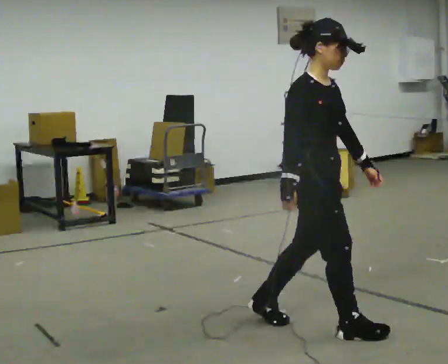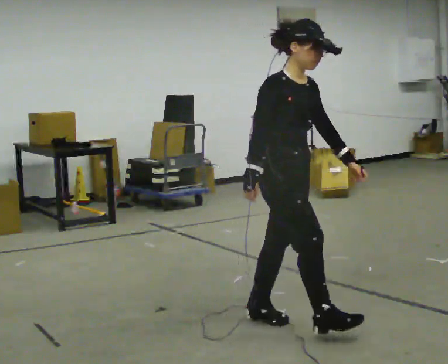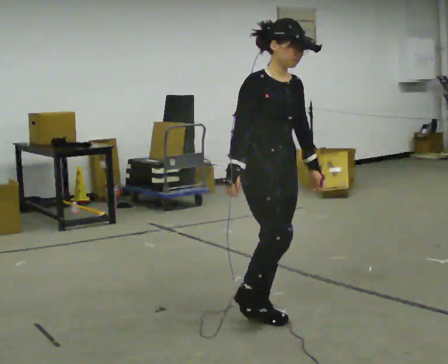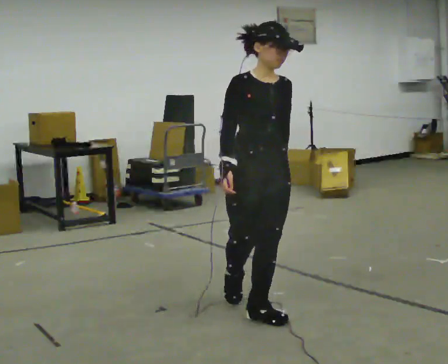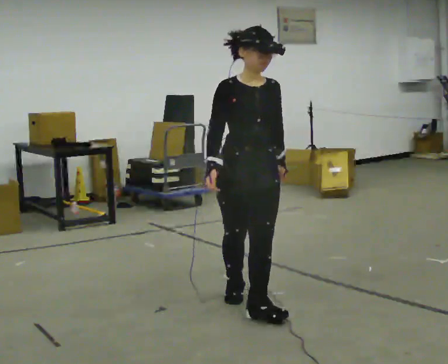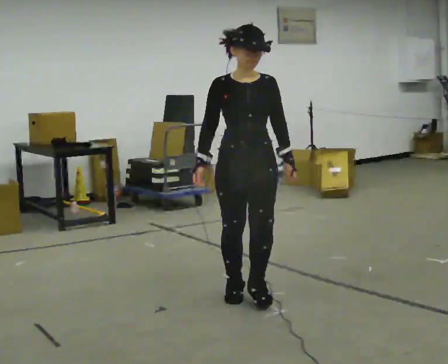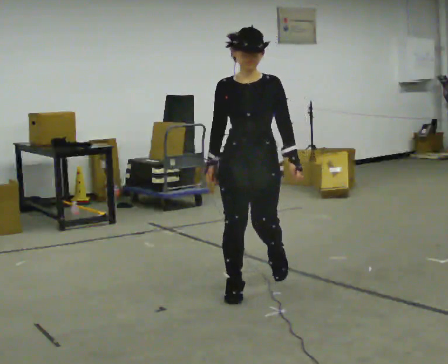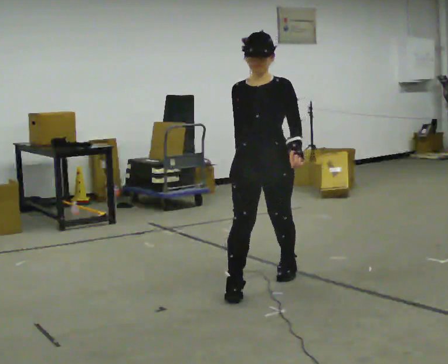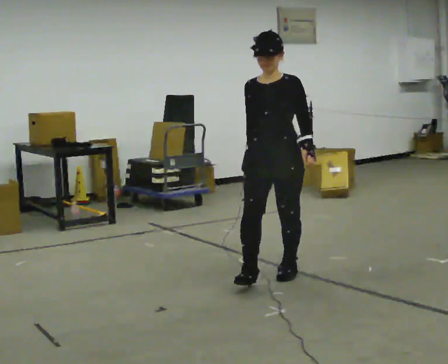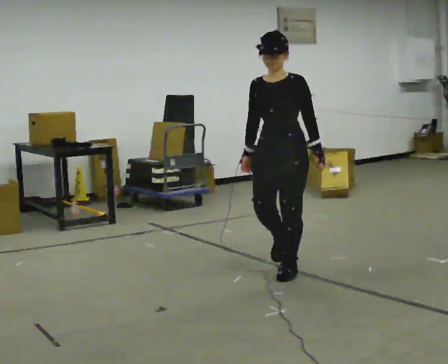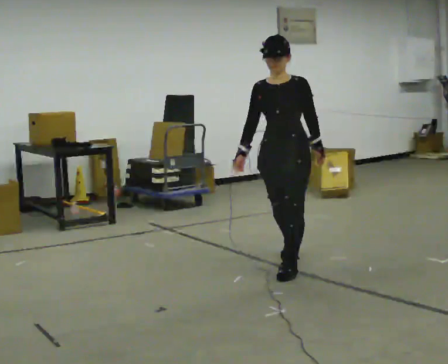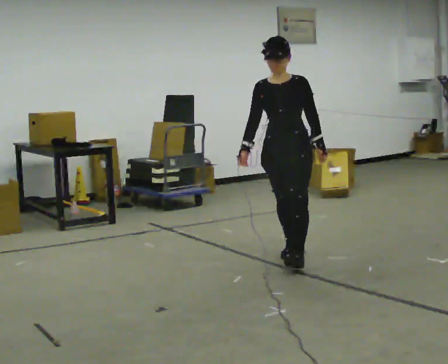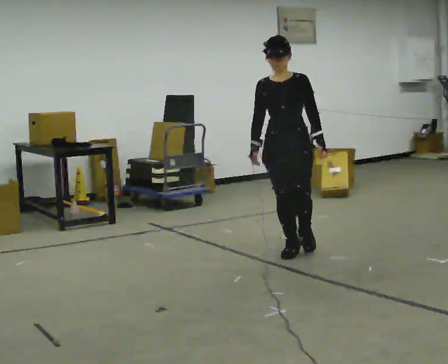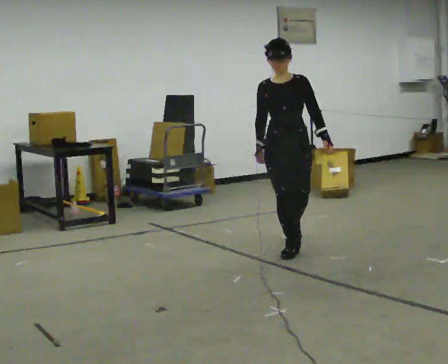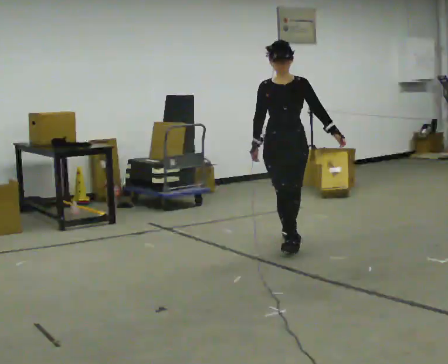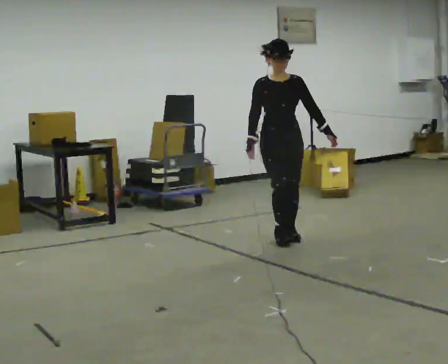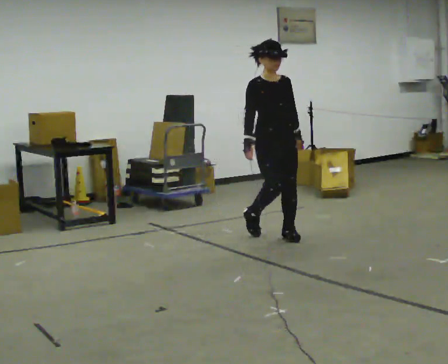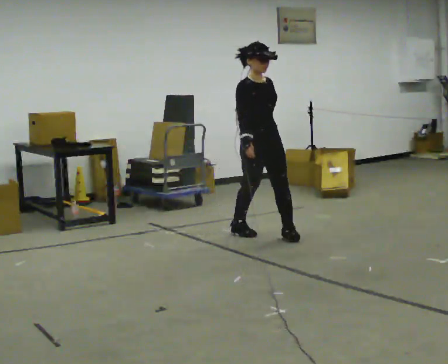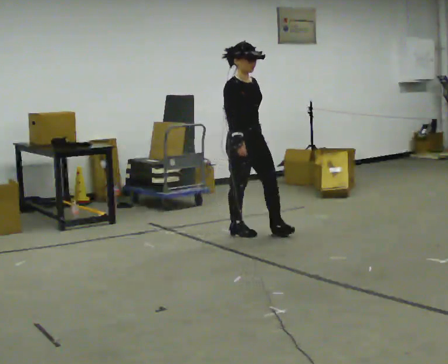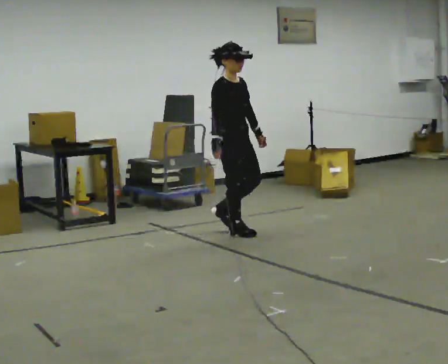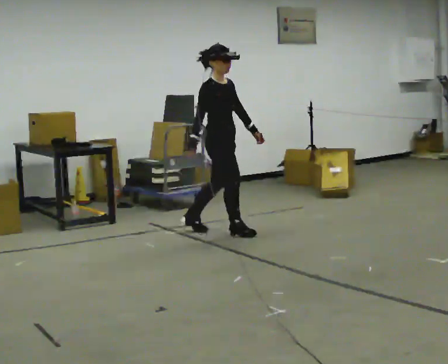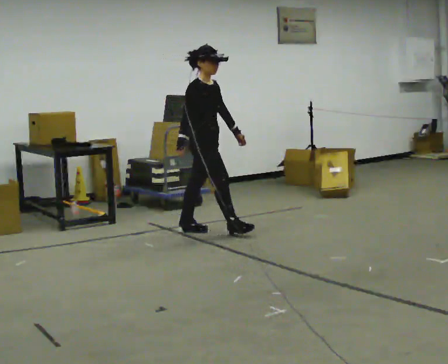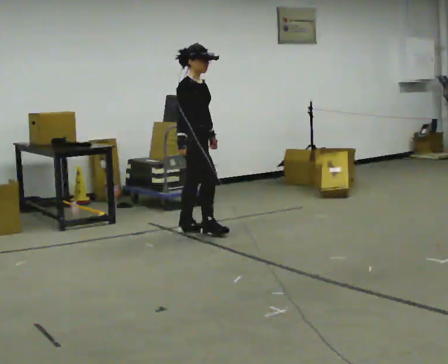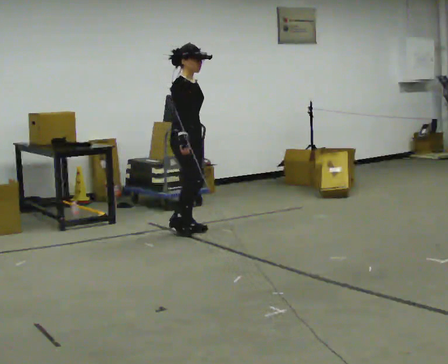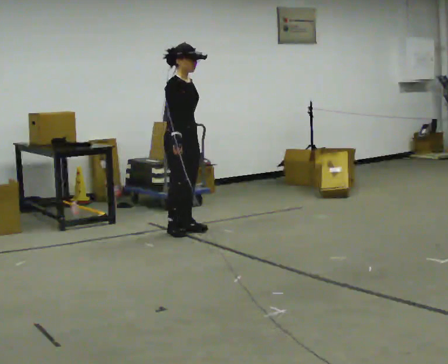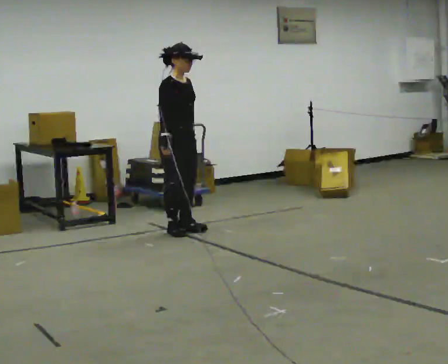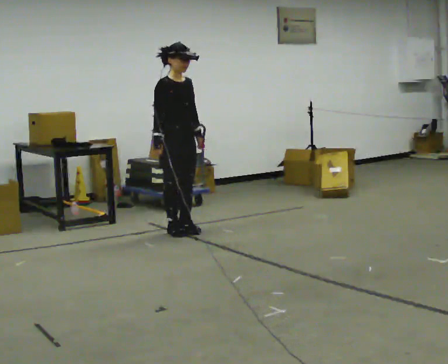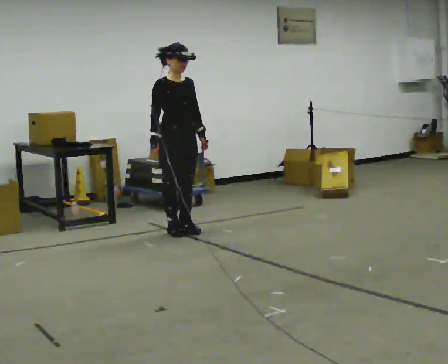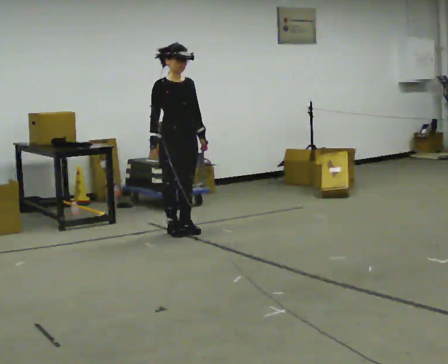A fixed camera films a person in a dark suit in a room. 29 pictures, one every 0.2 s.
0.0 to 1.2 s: The part of the body nearest the lens slides to the left as the person turns to their right by about 60 degrees. In the picture they go away from the camera and to the left, about 1 m in 2 steps.
1.2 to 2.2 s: In the picture they go away from the camera, about 1 m in 2 steps, which for them is backward.
2.2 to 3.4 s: Seen from above the body turns counterclockwise, about 60 degrees: to their left, with its near side sliding to the right. In the picture they go away from the camera, about 1 m in 1 step, which for them is backward.
3.4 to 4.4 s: Seen from above the body turns counterclockwise, about 30 degrees: to their left, with its near side sliding to the right. In the picture they go to the left and away from the camera, about 0.75 m in 2 steps, which for them is backward.
4.4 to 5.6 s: The person turns about 30 degrees to their right, clockwise seen from above, so the part of the body nearest the lens slides to the left.
The film runs backward here.
